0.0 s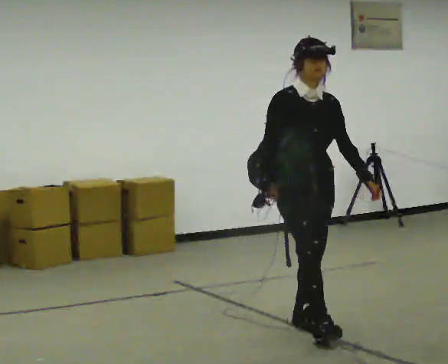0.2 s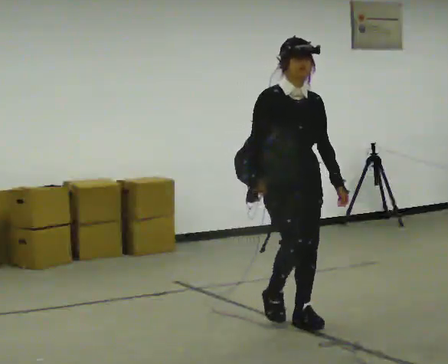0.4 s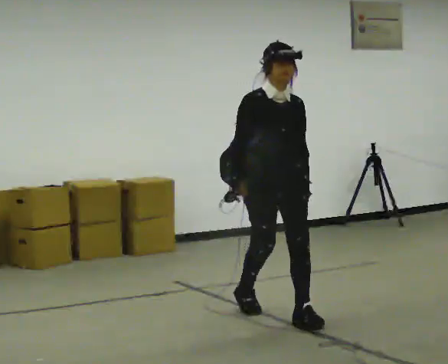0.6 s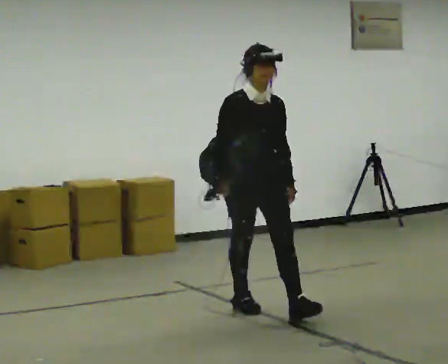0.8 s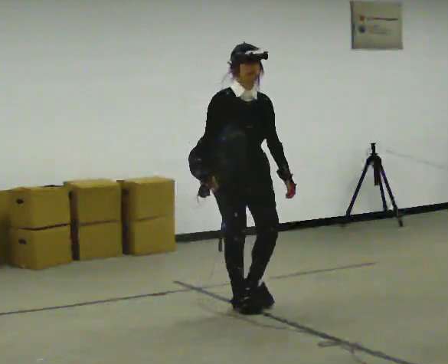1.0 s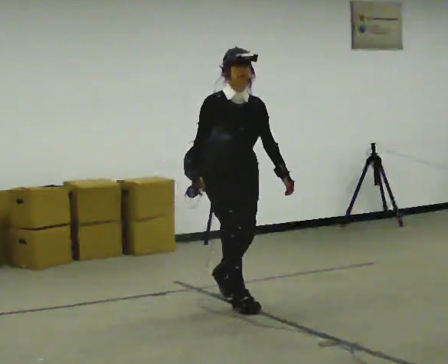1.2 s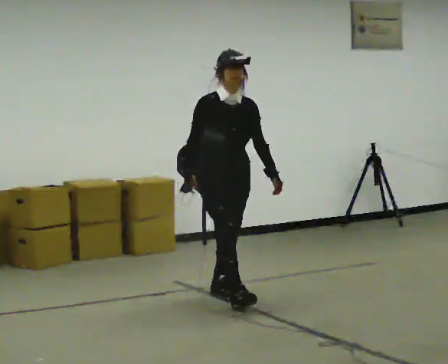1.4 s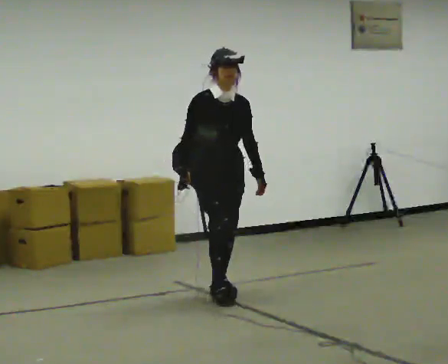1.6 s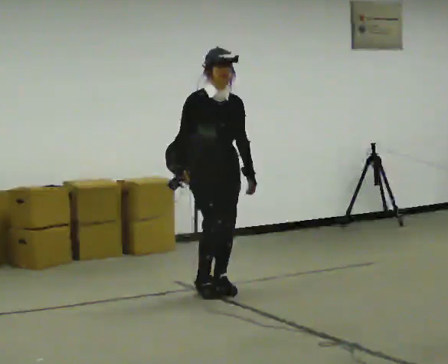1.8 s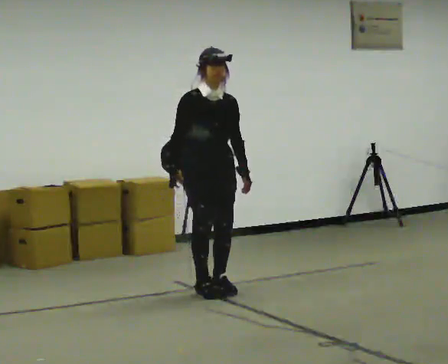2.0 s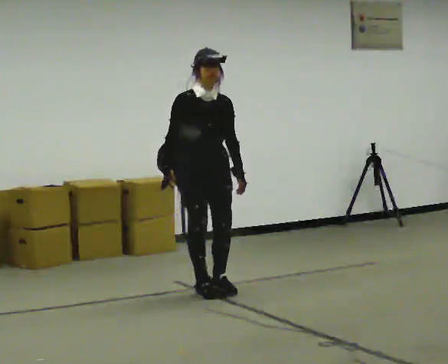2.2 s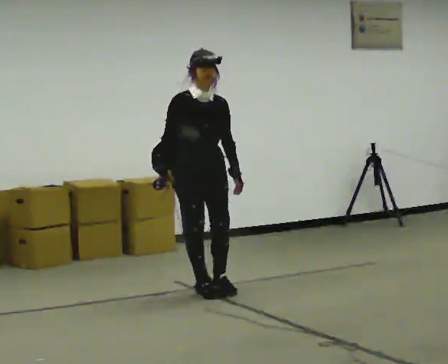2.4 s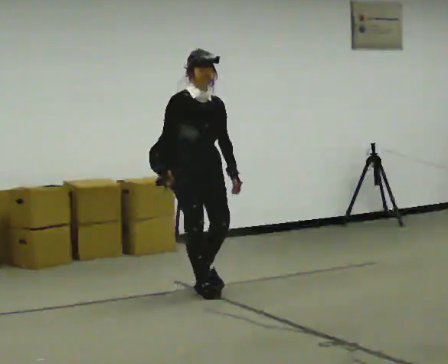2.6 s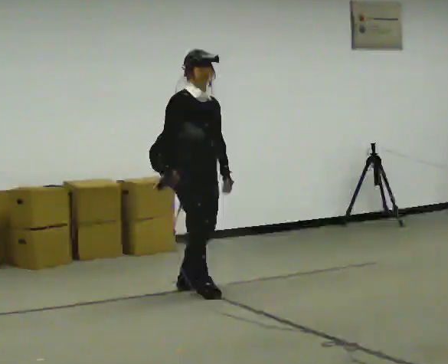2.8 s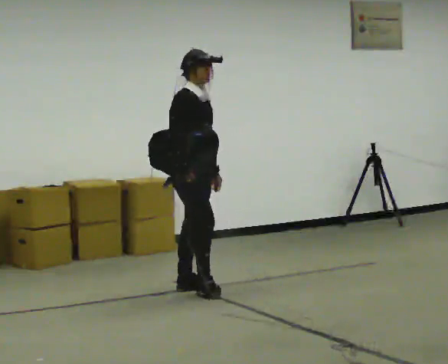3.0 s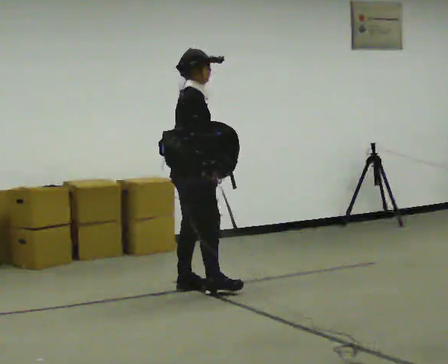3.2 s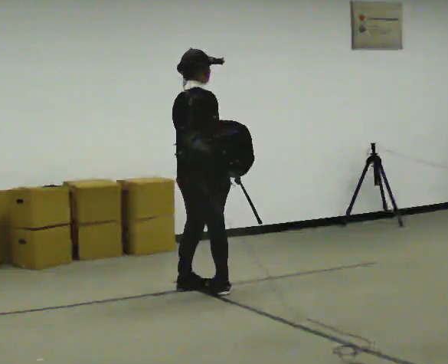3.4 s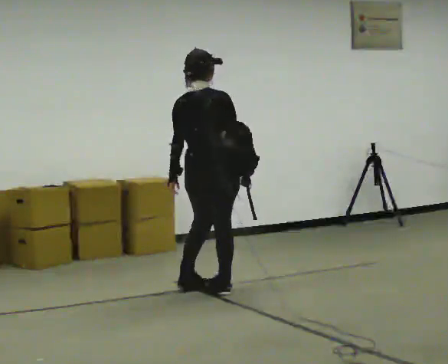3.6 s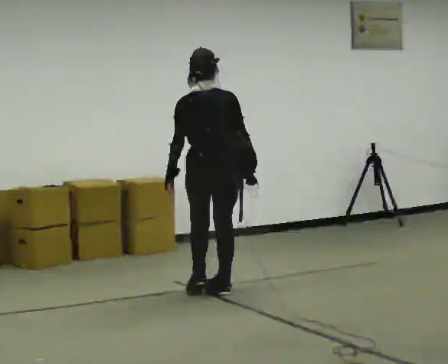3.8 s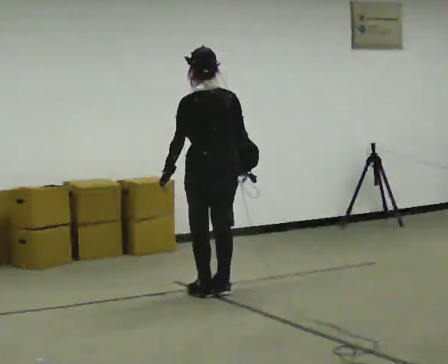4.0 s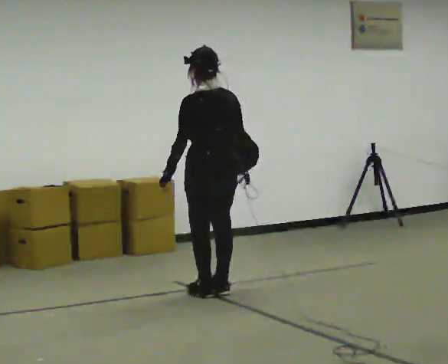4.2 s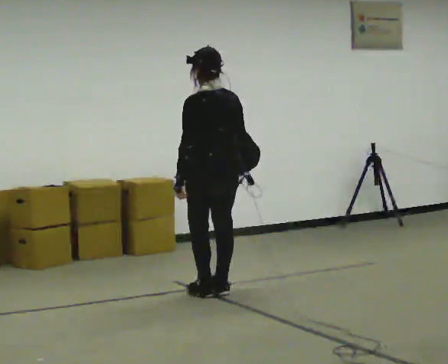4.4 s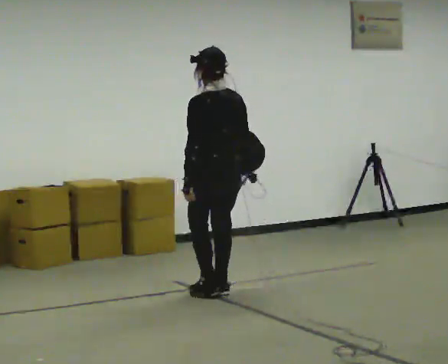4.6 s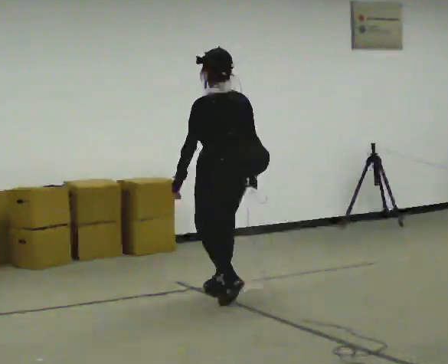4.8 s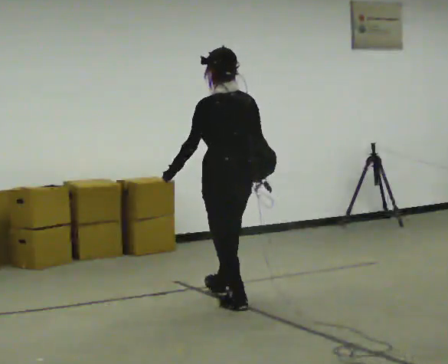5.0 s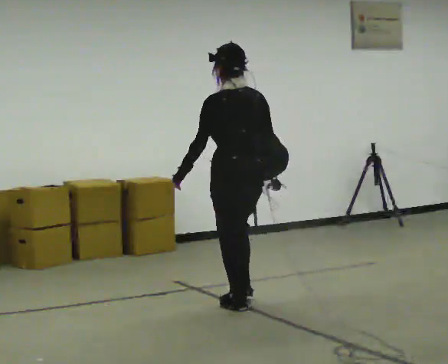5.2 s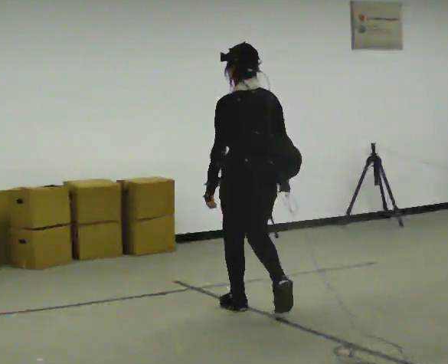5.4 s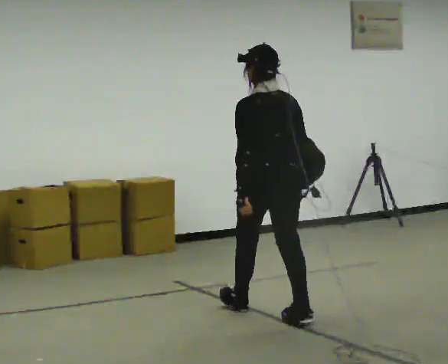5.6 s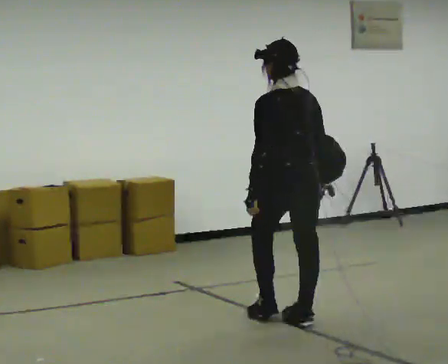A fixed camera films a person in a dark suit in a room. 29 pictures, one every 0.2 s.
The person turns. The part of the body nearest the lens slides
to the right.
The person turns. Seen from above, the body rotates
counterclockwise.
0.0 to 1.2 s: In the picture they go away from the camera and to the left, about 1 m in 2 steps, which for them is backward.
1.2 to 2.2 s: In the picture they go away from the camera and to the left, about 0.25 m, which for them is backward.
2.2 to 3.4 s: The person turns about 135 degrees to their left, counterclockwise seen from above, so the part of the body nearest the lens slides to the right. In the picture their right hand goes to the right, the arm swinging counterclockwise.
3.4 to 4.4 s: The person turns about 60 degrees to their left, counterclockwise seen from above, so the part of the body nearest the lens slides to the right.
4.4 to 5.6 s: In the picture they go toward the camera and to the right, about 1 m in 2 steps, which for them is backward.
The film runs backward here.
